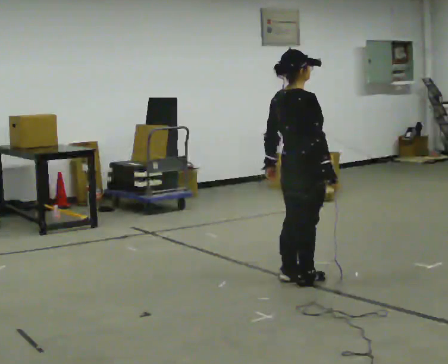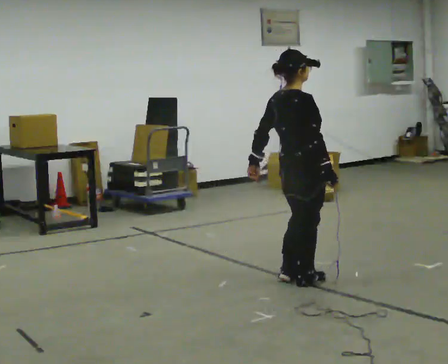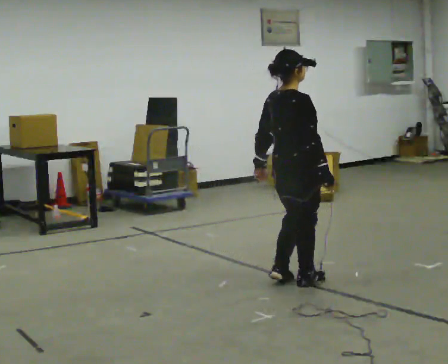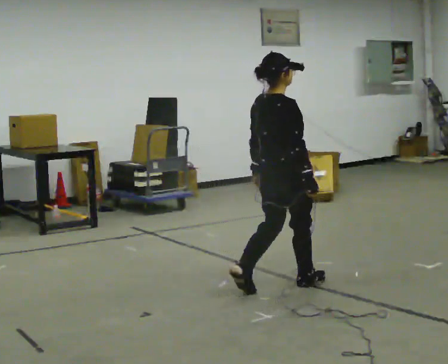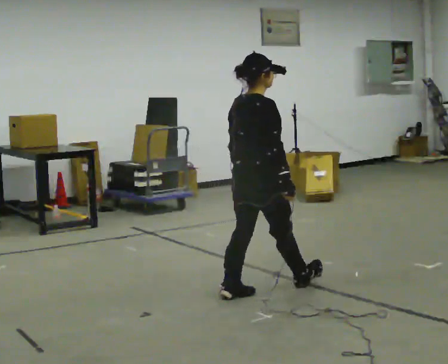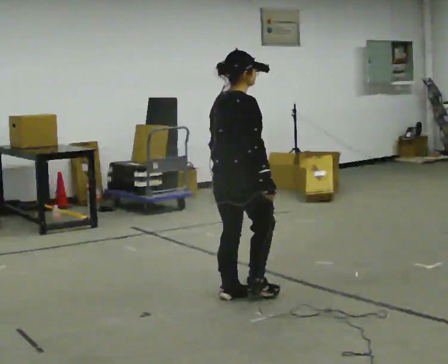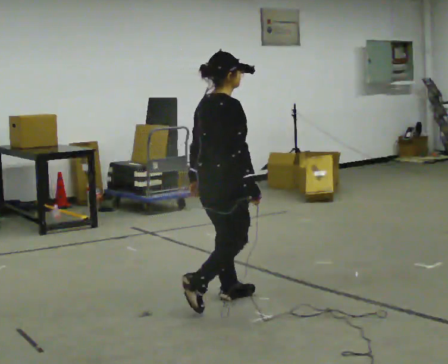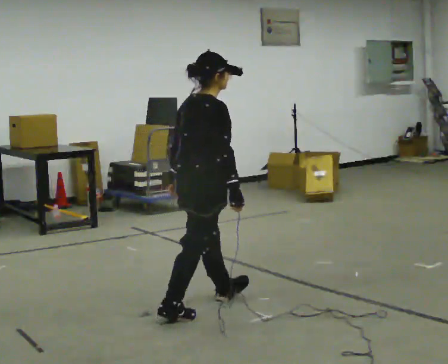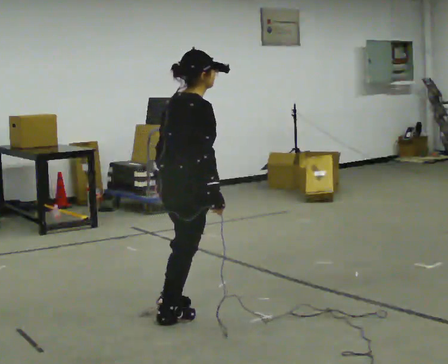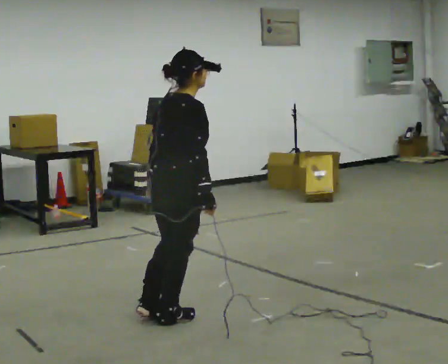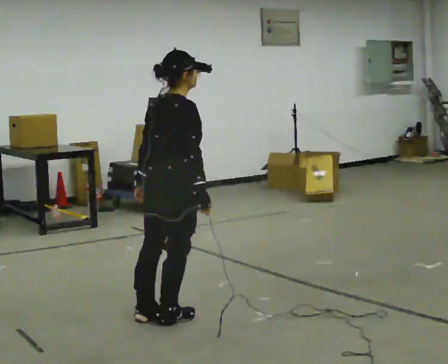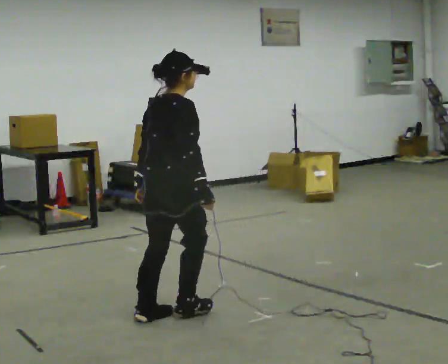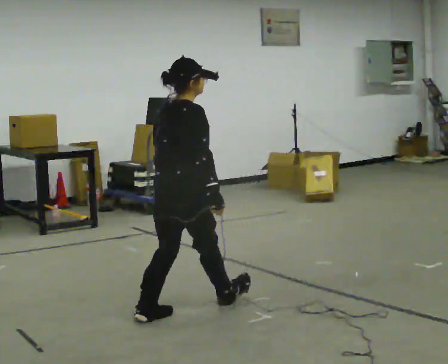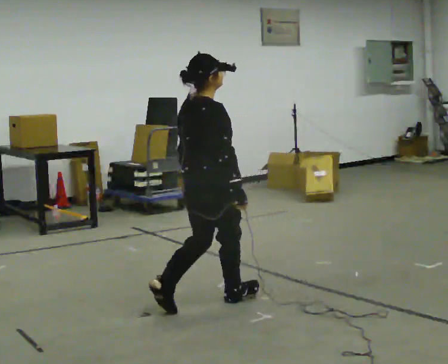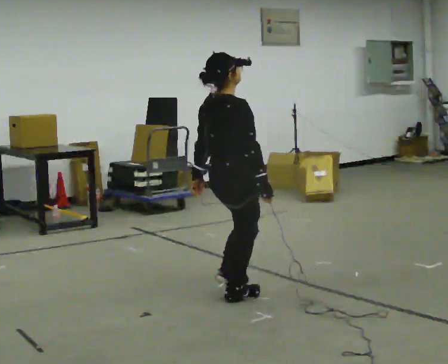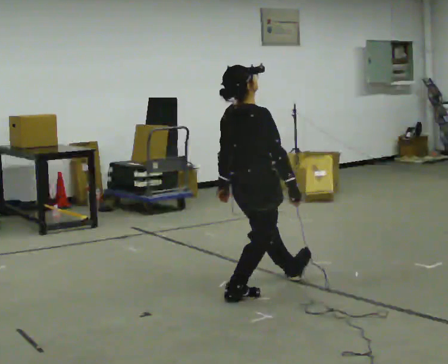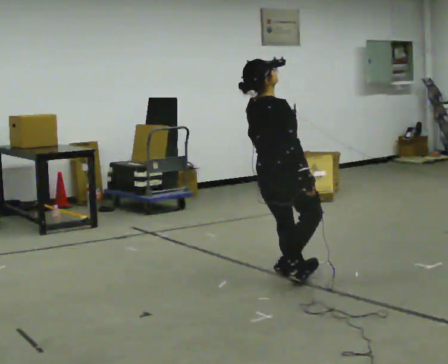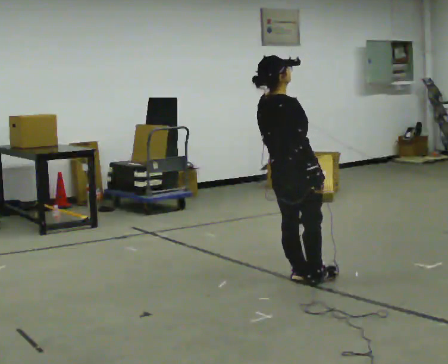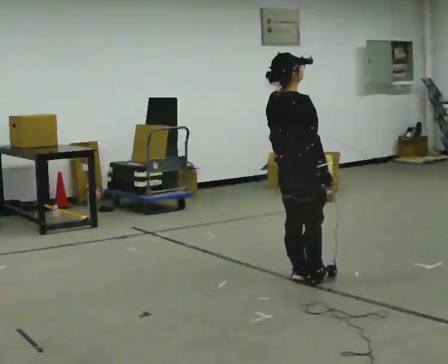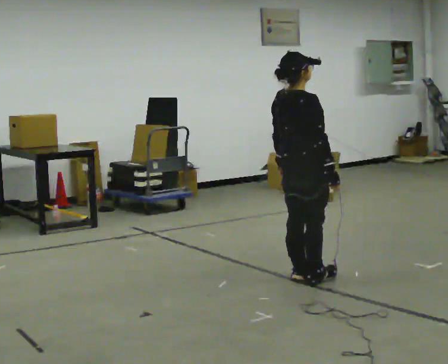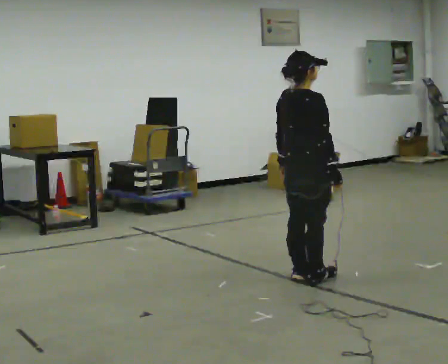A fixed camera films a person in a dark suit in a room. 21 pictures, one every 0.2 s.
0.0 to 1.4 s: In the picture they go to the left and toward the camera, about 1 m in 3 steps, which for them is backward. In the picture the upper body tilts clockwise, shoulders to the right, as they bend forward.
1.4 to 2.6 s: The person moves a little, or ends about where they began.
2.6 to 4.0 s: In the picture they go to the right and away from the camera, about 1 m in 1 step, which for them is forward.
The film runs backward here.
